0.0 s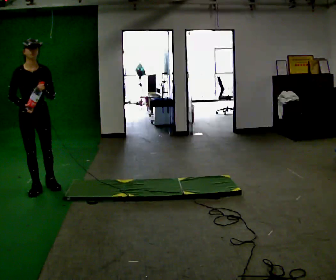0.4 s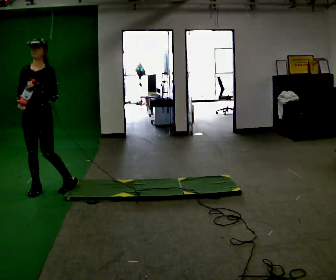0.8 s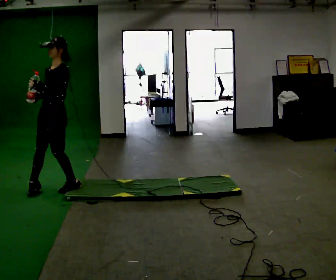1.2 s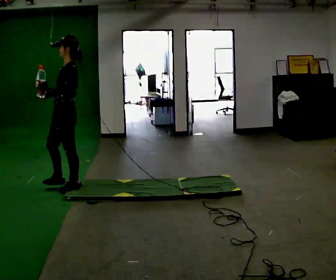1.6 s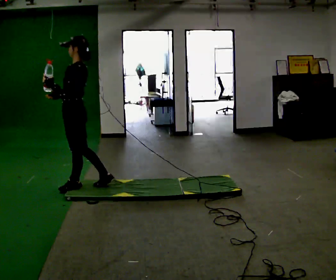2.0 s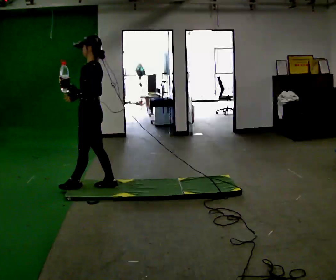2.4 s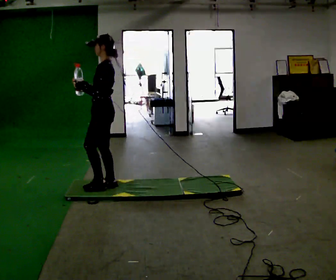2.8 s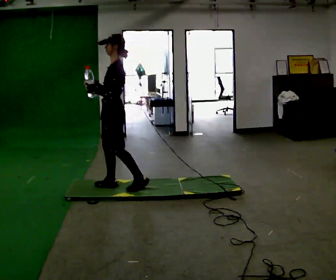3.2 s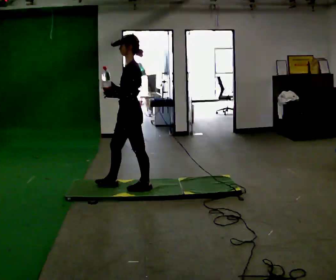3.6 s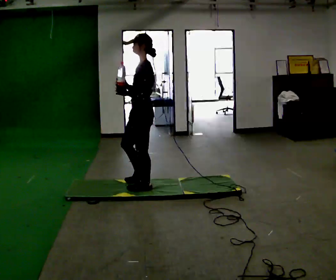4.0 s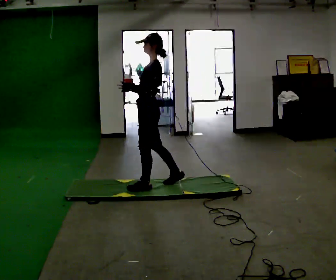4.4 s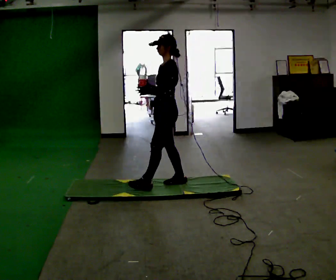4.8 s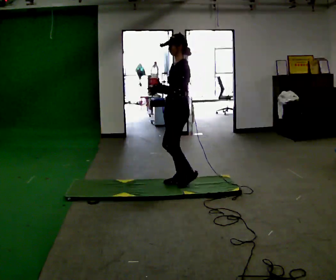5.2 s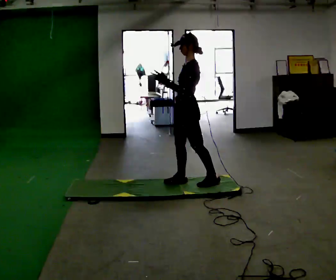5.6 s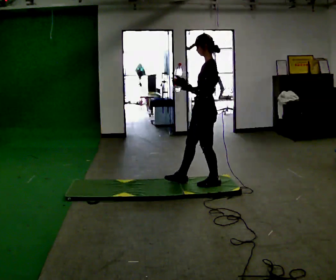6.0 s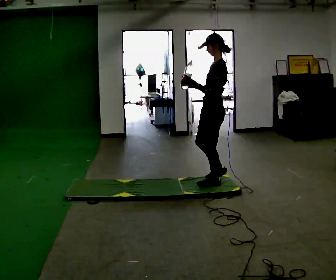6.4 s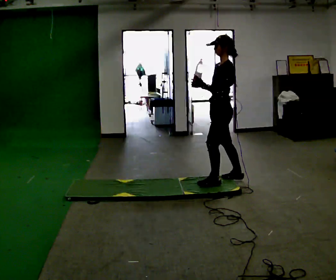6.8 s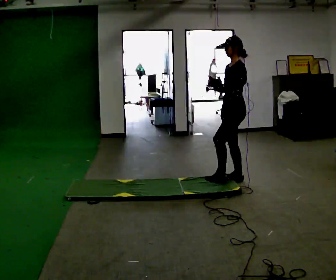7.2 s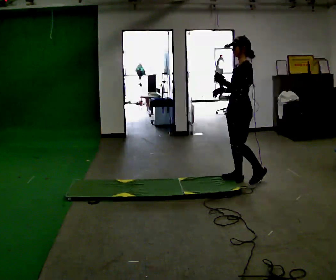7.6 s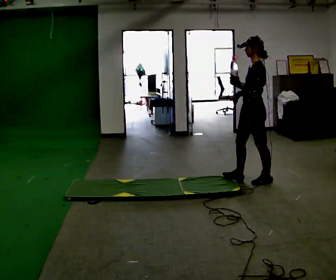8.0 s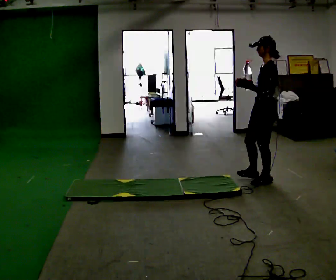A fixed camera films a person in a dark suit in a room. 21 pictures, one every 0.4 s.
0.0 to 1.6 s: The person turns about 120 degrees to their right, clockwise seen from above, so the part of the body nearest the lens slides to the left. In the picture they go to the right, about 0.5 m in 1 step.
1.6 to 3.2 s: In the picture they go to the right, about 0.5 m in 1 step, which for them is backward.
3.2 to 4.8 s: In the picture they go to the right, about 0.5 m in 2 steps, which for them is backward.
4.8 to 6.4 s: In the picture they go to the right, about 0.5 m in 1 step, which for them is backward.
6.4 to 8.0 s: In the picture they go to the right, about 0.5 m in 2 steps, which for them is backward.
The film runs backward here.
